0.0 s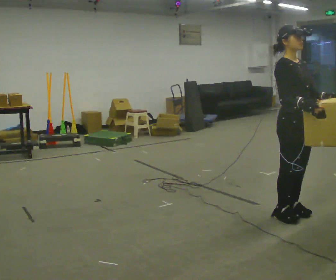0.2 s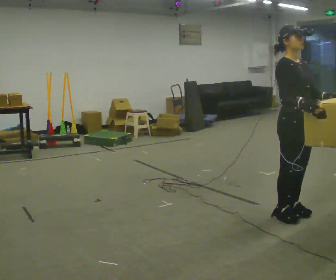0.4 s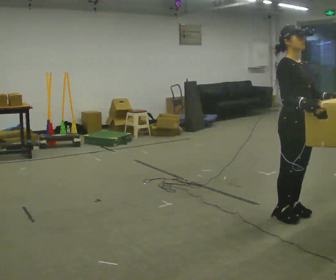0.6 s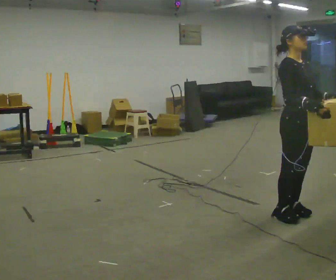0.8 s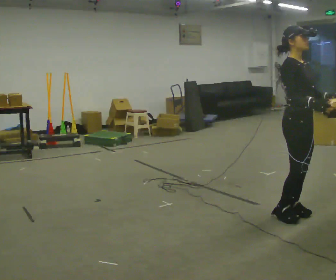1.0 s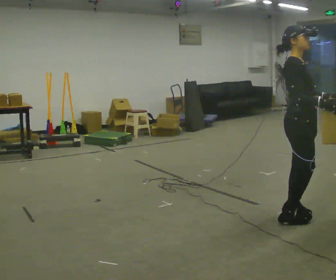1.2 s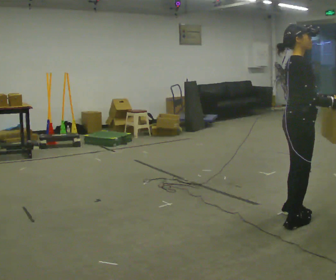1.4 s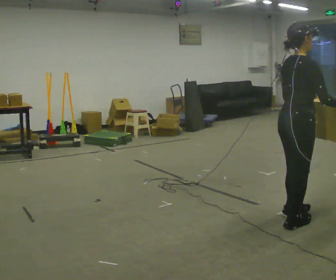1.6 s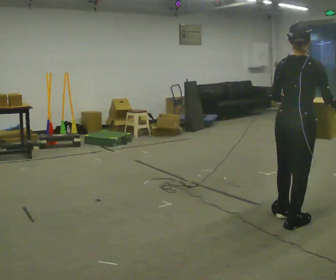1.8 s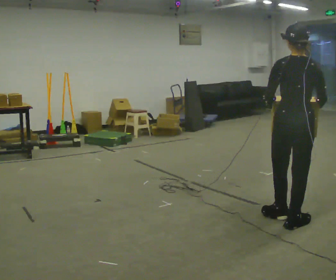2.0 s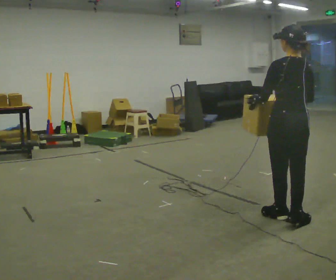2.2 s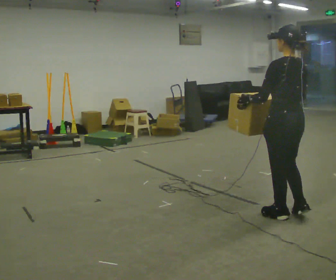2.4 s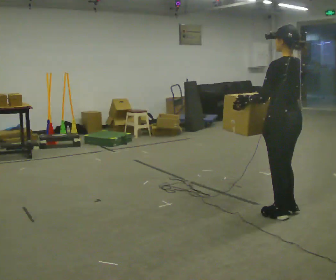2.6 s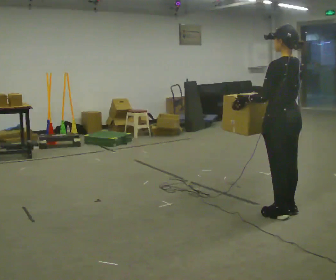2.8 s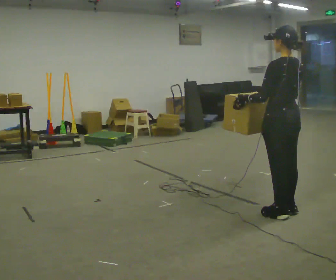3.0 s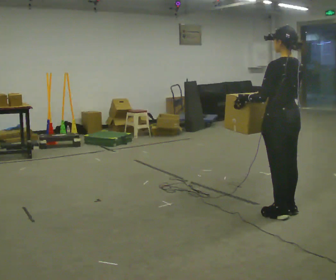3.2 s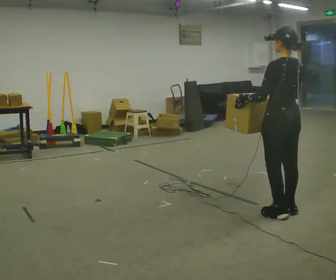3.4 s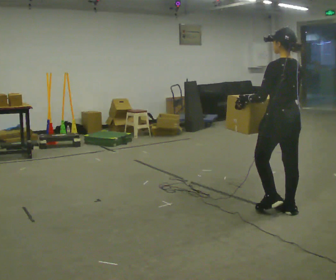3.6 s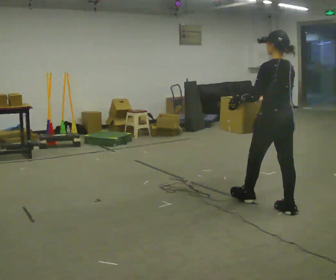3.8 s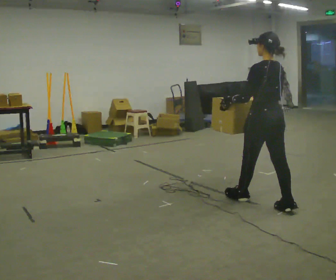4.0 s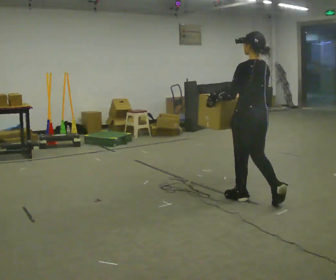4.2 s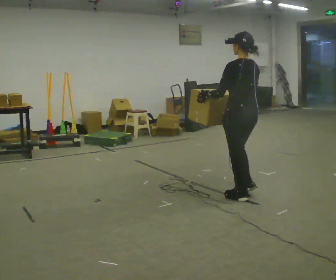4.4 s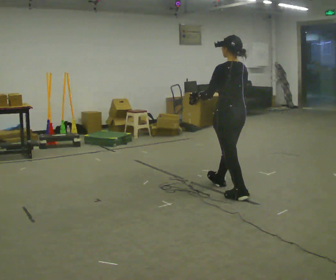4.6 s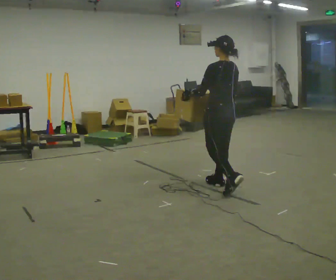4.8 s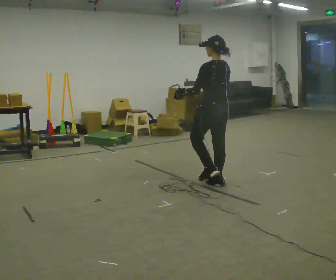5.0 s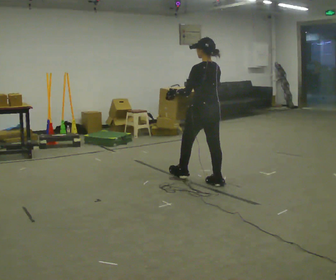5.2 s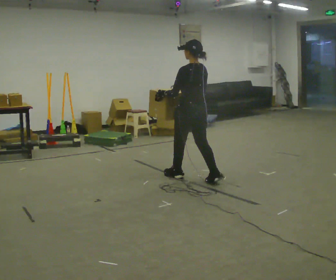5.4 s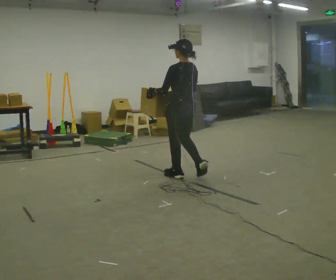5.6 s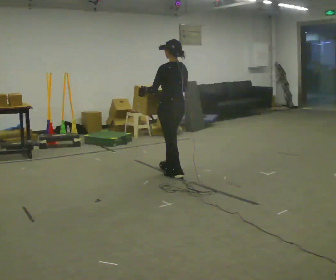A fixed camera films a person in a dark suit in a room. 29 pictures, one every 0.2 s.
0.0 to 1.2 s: The person turns about 45 degrees to their left, counterclockwise seen from above, so the part of the body nearest the lens slides to the right.
1.2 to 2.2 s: Seen from above the body turns counterclockwise, about 120 degrees: to their left, with its near side sliding to the right. In the picture their right hand goes to the left, the arm swinging clockwise.
2.2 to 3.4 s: In the picture they go away from the camera, about 0.25 m in 1 step, which for them is forward.
3.4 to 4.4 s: In the picture they go to the left and away from the camera, about 0.75 m in 2 steps, which for them is forward.
4.4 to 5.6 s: In the picture they go to the left and away from the camera, about 1 m in 1 step, which for them is forward.
The film runs forward here.
